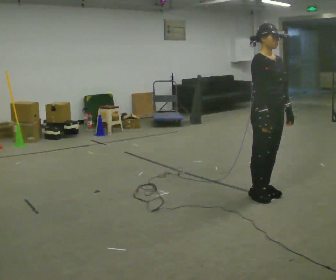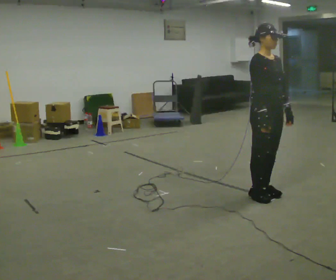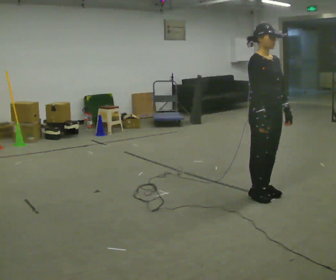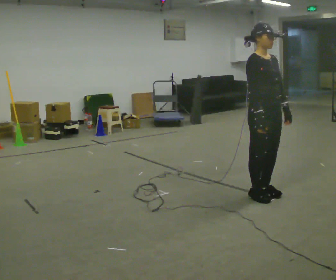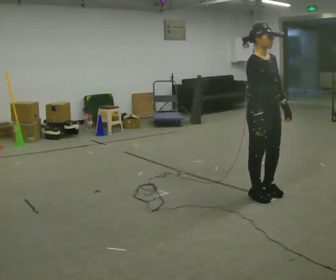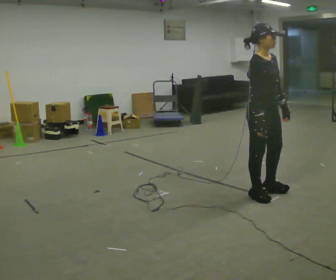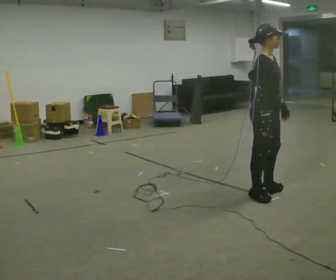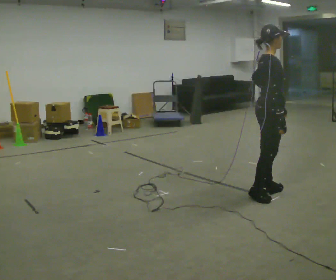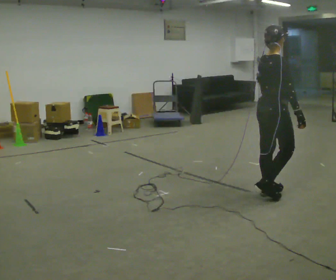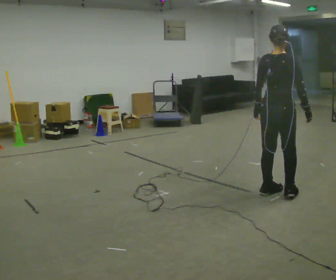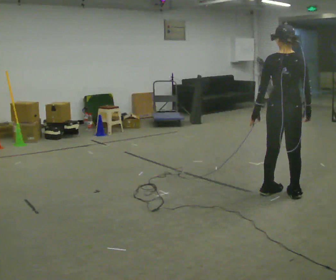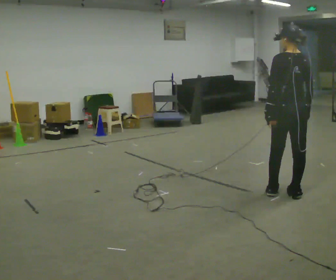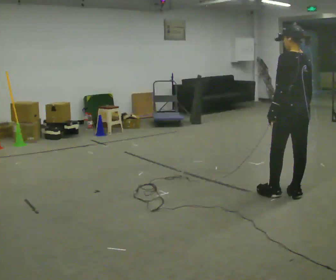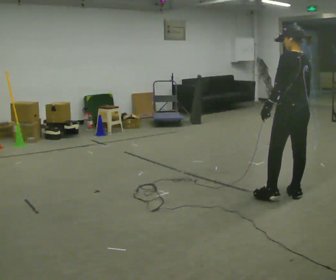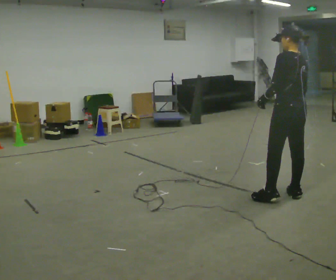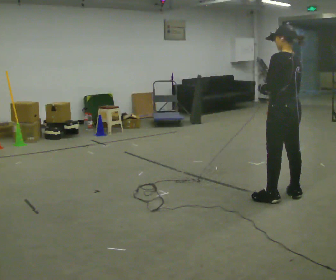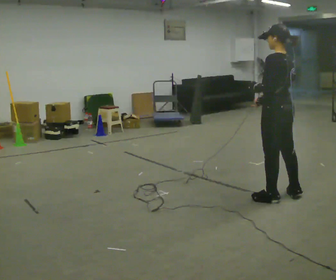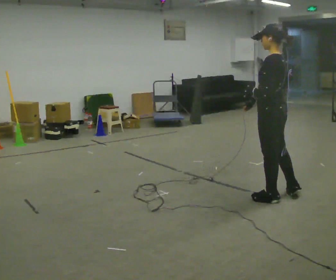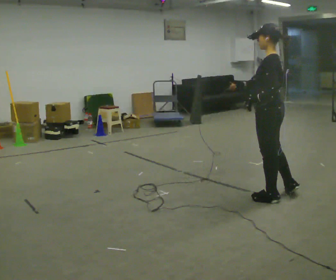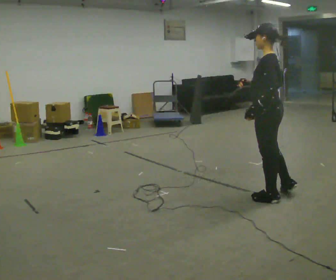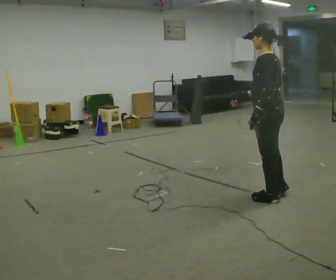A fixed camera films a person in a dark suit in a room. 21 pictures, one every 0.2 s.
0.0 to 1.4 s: The part of the body nearest the lens slides to the right as the person turns to their left by about 60 degrees.
1.4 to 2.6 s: Seen from above the body turns counterclockwise, about 120 degrees: to their left, with its near side sliding to the right. In the picture they go to the right, about 0.25 m in 2 steps.
2.6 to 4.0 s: Seen from above the body turns counterclockwise, about 30 degrees: to their left, with its near side sliding to the right. In the picture they go to the left, about 0.25 m in 1 step, which for them is to their left and forward. In the picture their right hand goes to the left.
The film runs forward here.
